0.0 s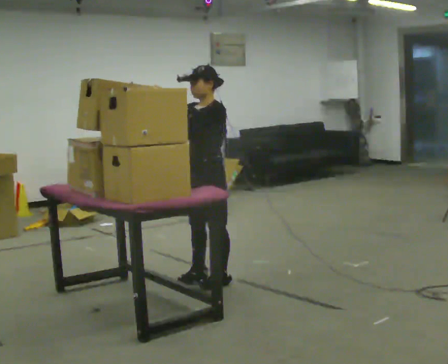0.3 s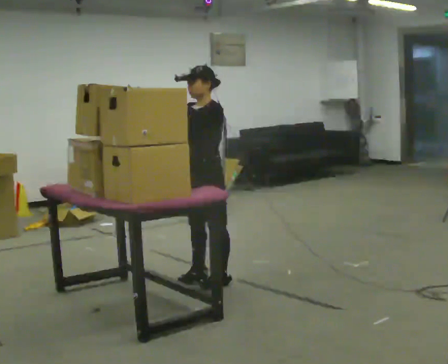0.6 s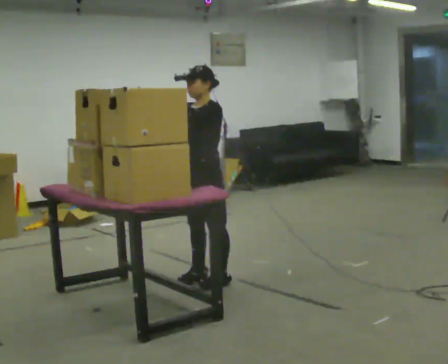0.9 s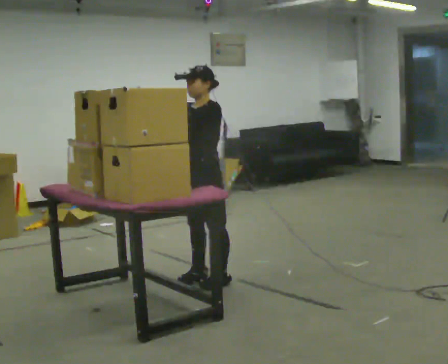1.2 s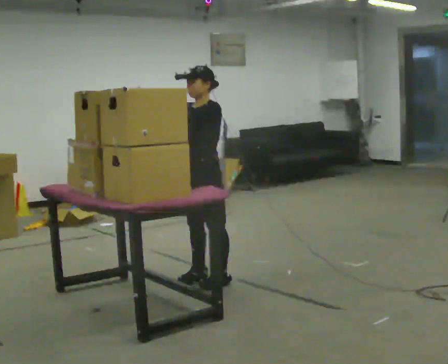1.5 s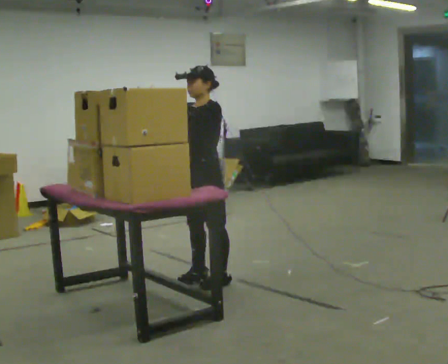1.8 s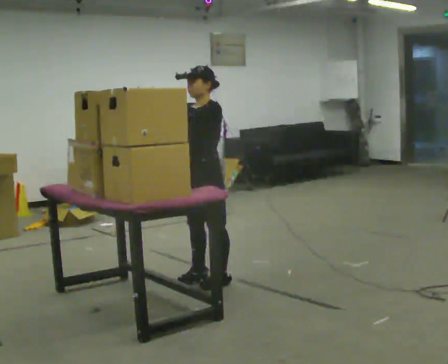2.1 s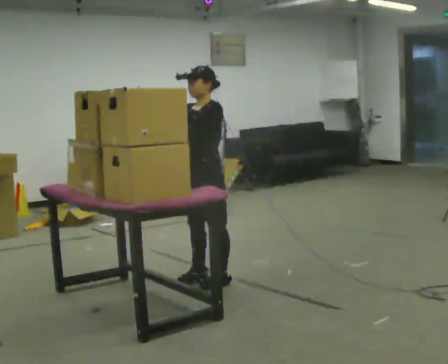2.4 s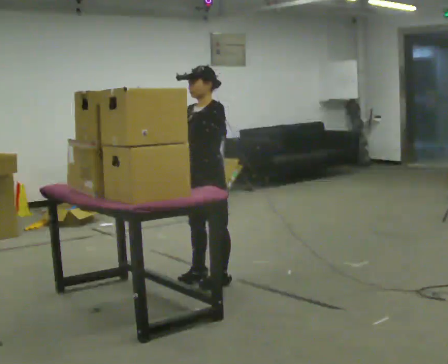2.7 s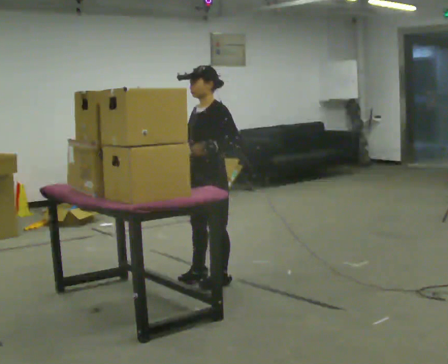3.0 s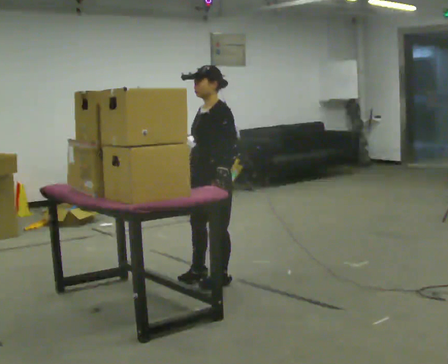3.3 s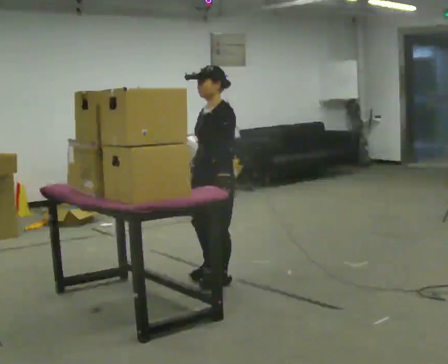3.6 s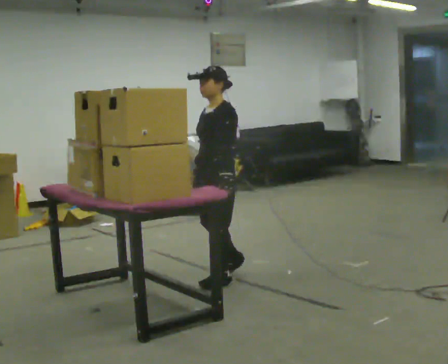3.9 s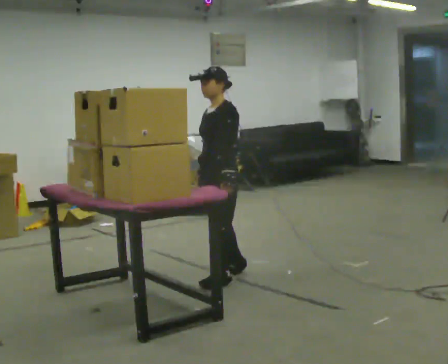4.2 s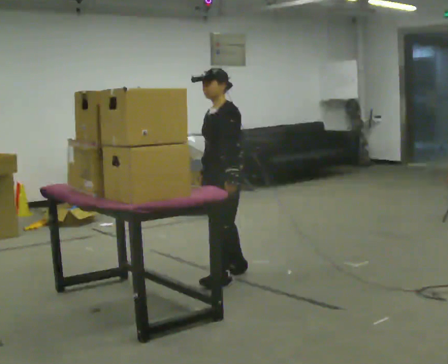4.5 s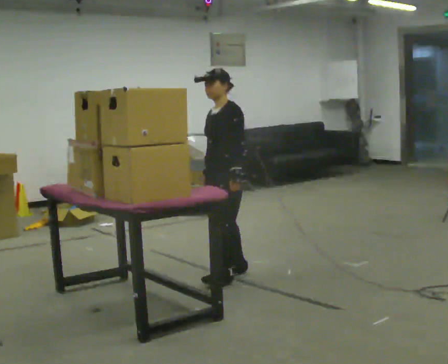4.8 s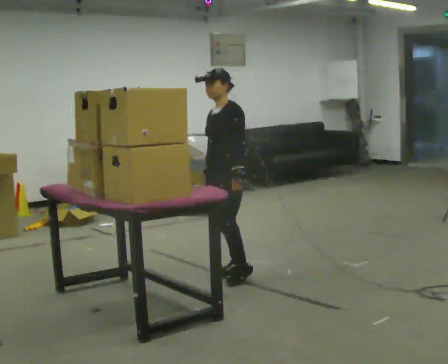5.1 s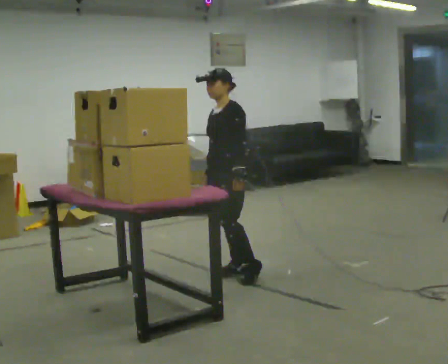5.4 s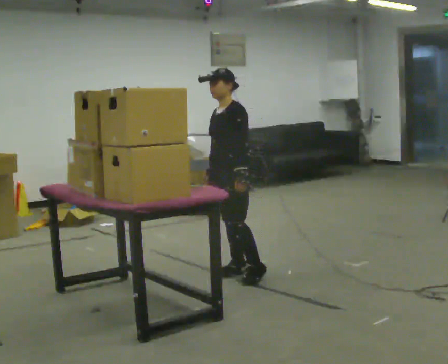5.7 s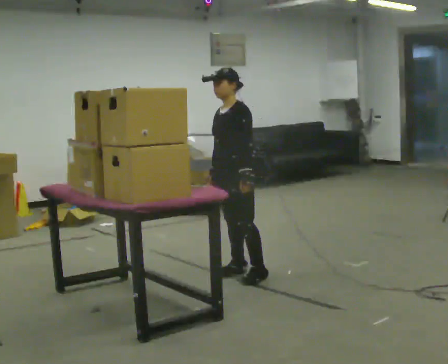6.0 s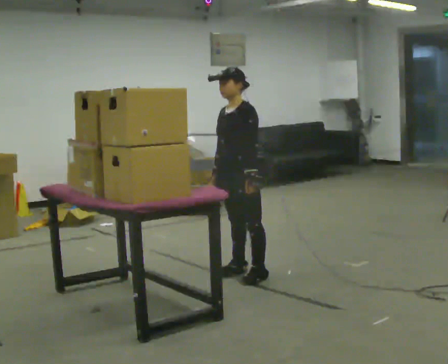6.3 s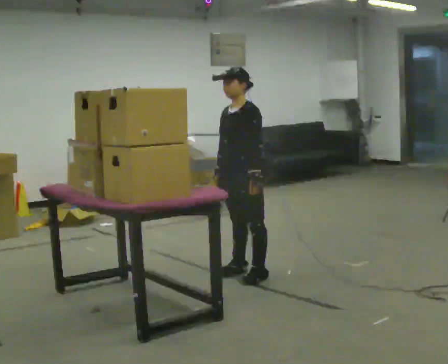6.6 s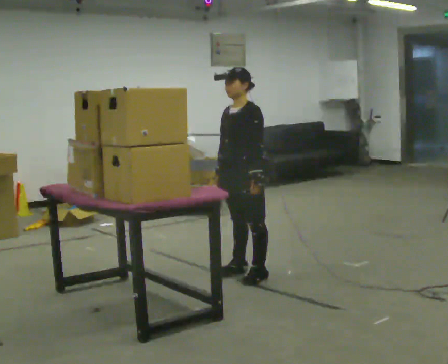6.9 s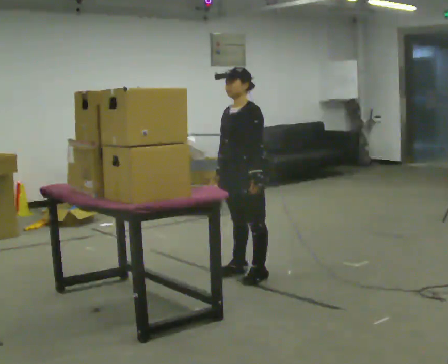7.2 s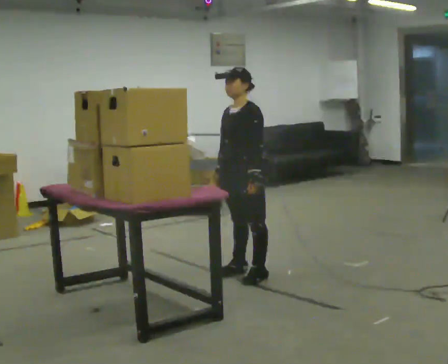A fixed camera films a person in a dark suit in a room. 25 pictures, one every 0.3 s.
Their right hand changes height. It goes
downward.
Their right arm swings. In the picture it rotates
counterclockwise.
0.0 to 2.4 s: The person moves a little, or ends about where they began.
2.4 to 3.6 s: In the picture their right hand goes downward, the arm swinging counterclockwise.
3.6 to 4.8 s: In the picture they go away from the camera, about 0.25 m in 1 step, which for them is backward and to their right.
4.8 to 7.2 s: The person moves a little, or ends about where they began.
The film runs backward here.
